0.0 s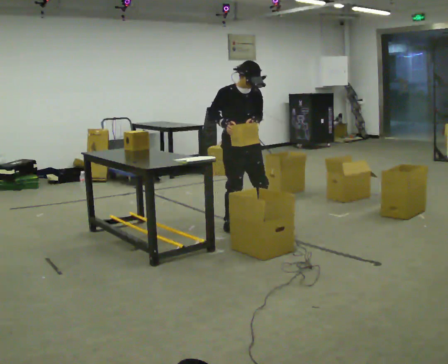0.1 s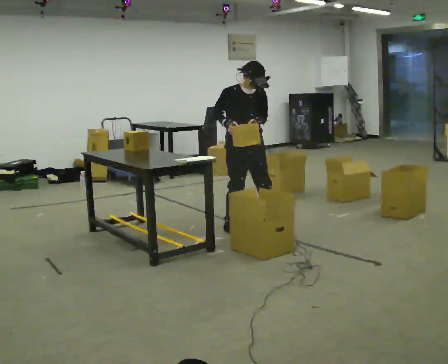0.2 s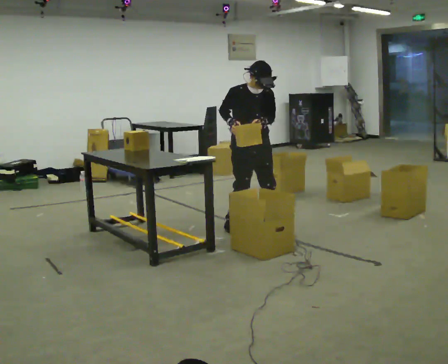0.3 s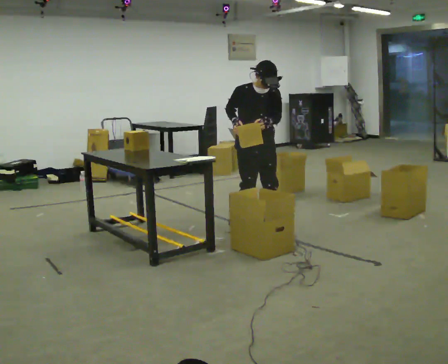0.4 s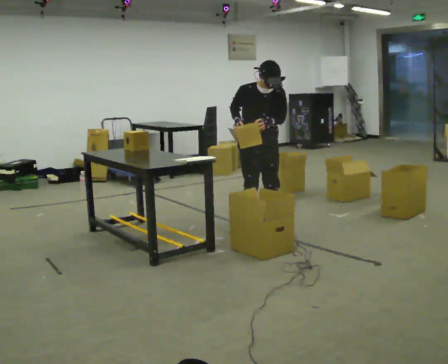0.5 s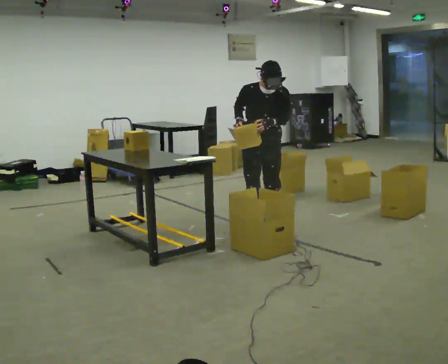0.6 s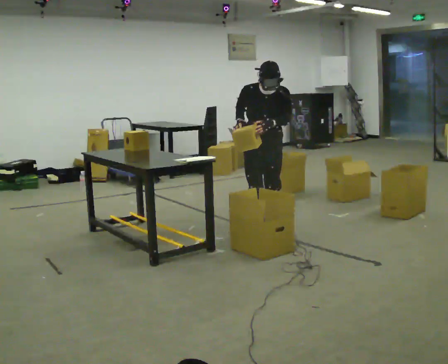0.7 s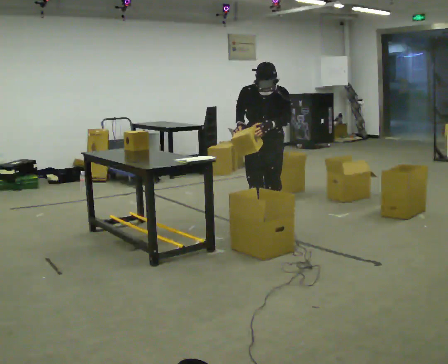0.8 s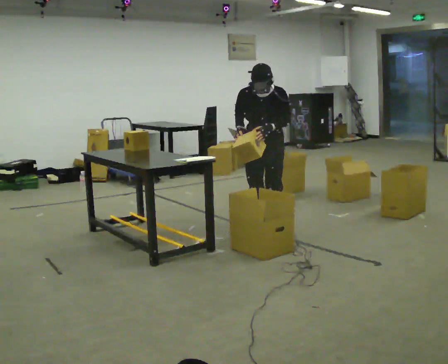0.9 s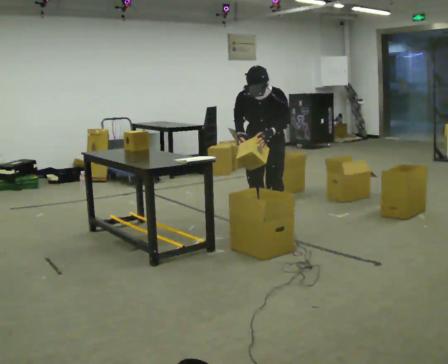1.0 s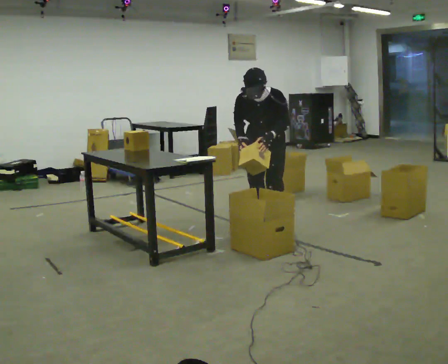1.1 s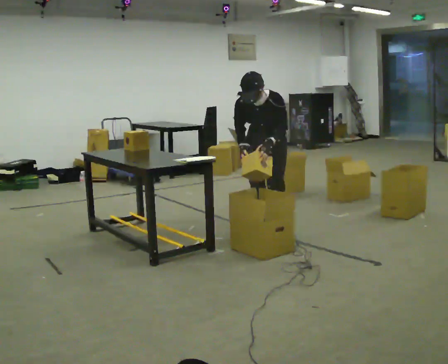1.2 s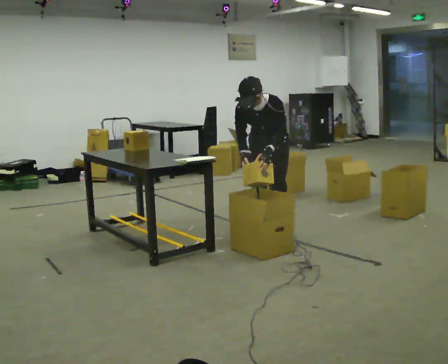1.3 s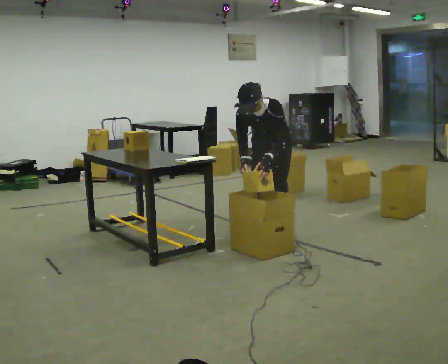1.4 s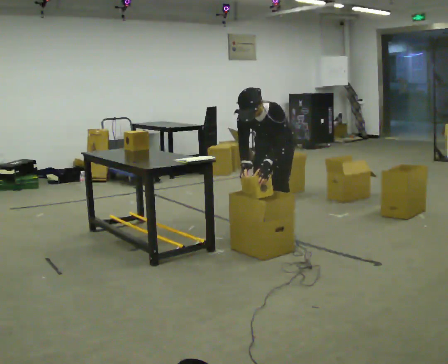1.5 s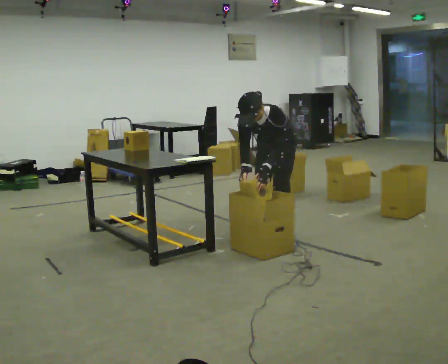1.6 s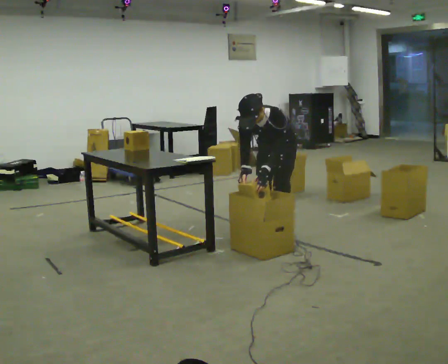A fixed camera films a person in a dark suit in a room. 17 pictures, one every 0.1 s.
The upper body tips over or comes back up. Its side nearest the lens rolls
downward.
The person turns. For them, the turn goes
to their right.
0.0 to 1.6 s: Seen from above the body turns clockwise, about 60 degrees: to their right, with its near side sliding to the left. In the picture they go to the right, about 0.5 m in 3 steps. The shoulders move downward. The upper body tips toward the camera, its near side rolling downward, as they bend forward. In the picture their left hand goes downward.
The film runs forward here.
